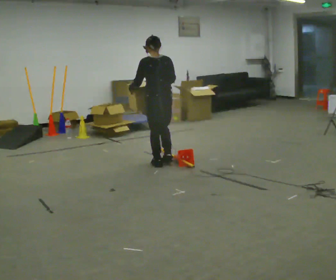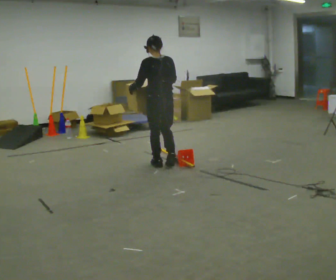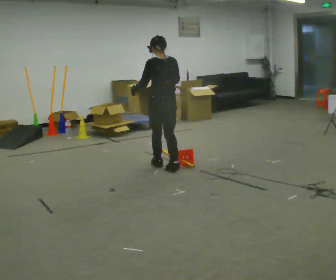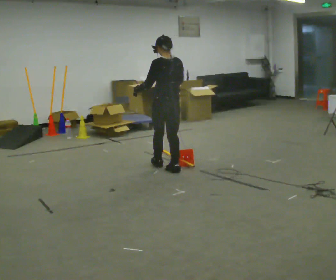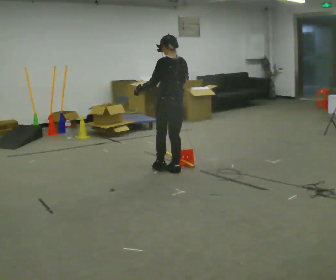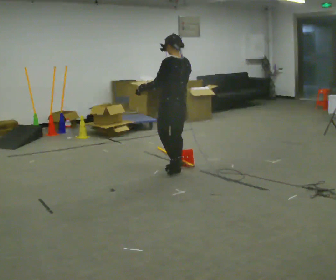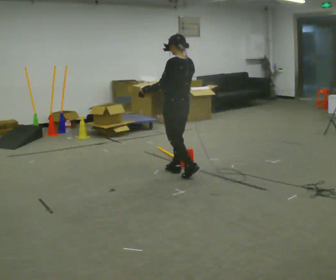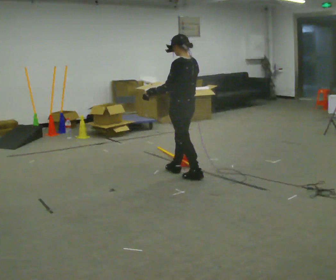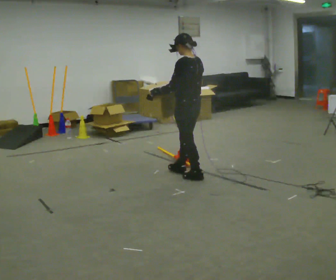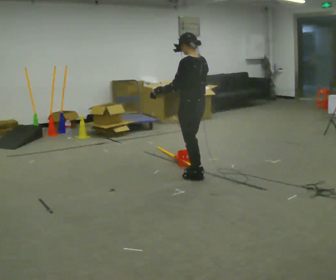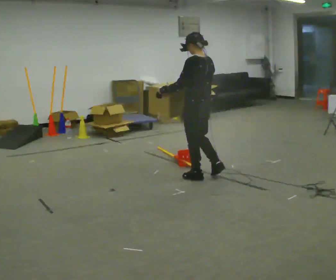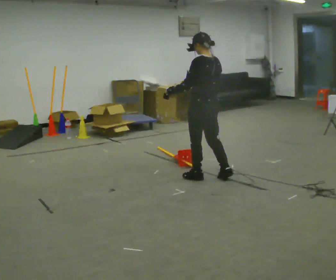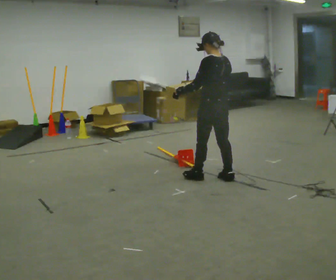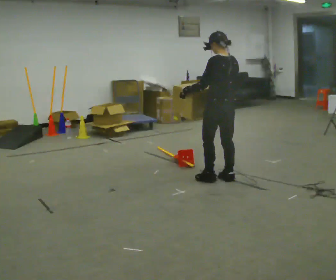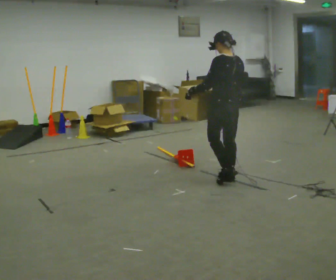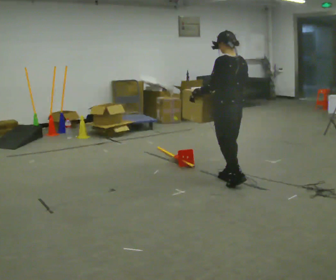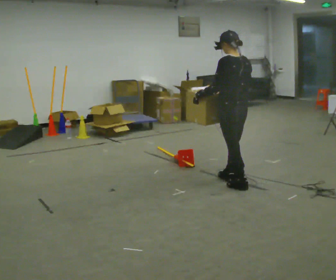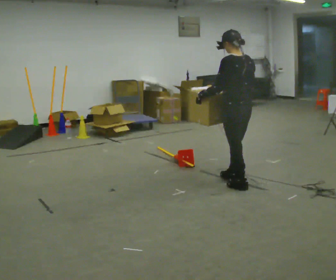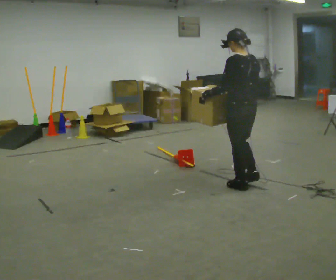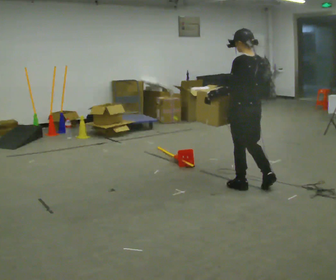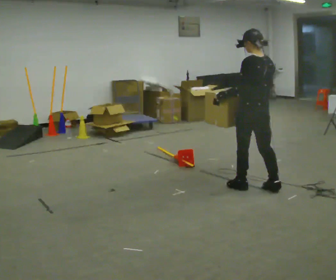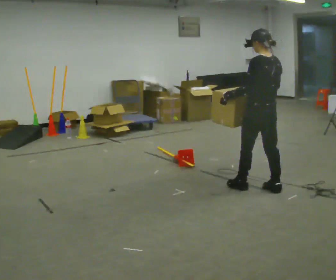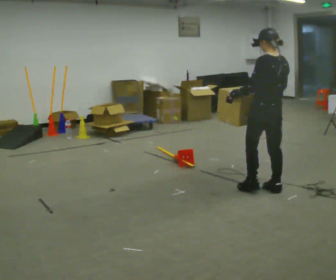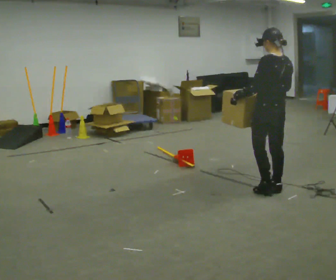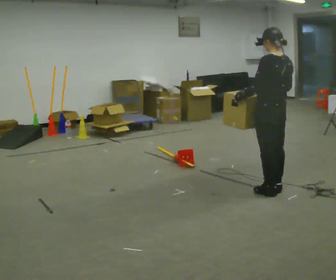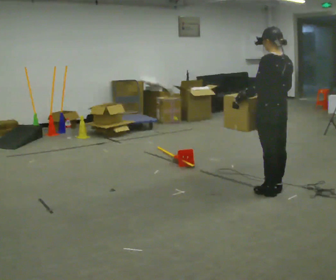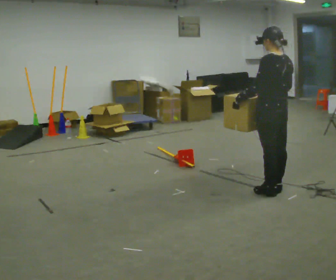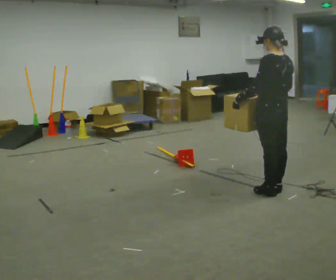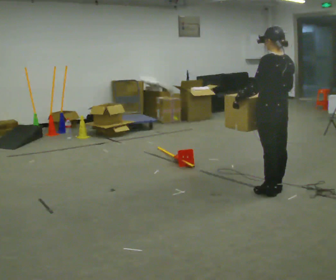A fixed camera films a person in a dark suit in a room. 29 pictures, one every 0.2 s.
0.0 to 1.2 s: The person turns about 30 degrees to their left, counterclockwise seen from above, so the part of the body nearest the lens slides to the right. In the picture they go toward the camera and to the right, about 0.5 m in 1 step, which for them is backward.
1.2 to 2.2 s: In the picture they go to the right and toward the camera, about 0.25 m in 1 step, which for them is backward.
2.2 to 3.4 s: In the picture they go to the right and toward the camera, about 0.5 m in 2 steps, which for them is backward.
3.4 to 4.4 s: In the picture they go to the right, about 0.25 m in 1 step, which for them is backward.
4.4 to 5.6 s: The person moves a little, or ends about where they began.
The film runs backward here.
